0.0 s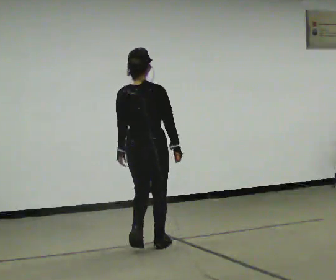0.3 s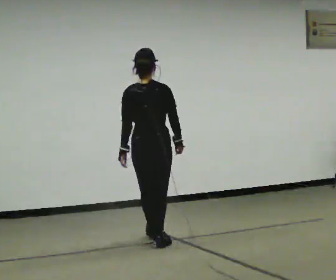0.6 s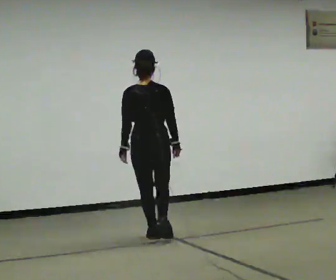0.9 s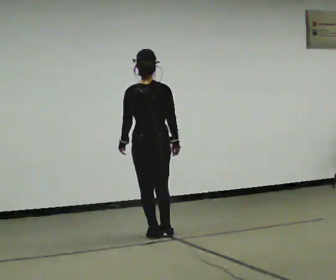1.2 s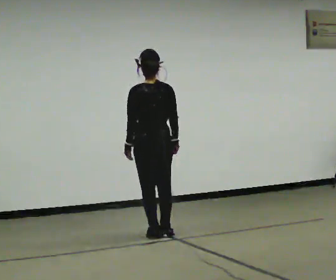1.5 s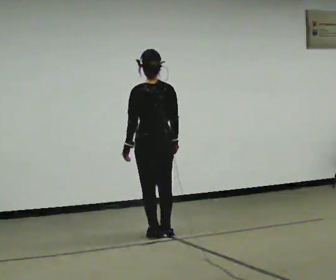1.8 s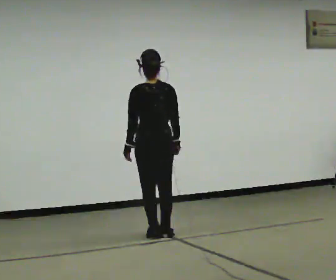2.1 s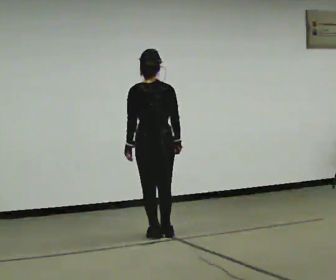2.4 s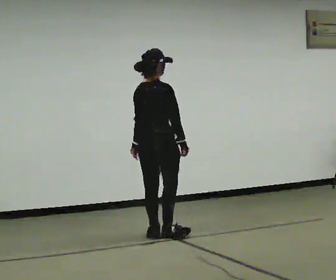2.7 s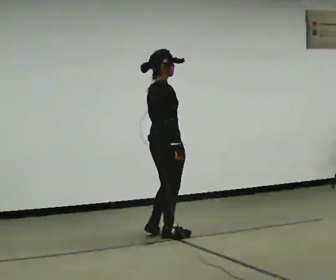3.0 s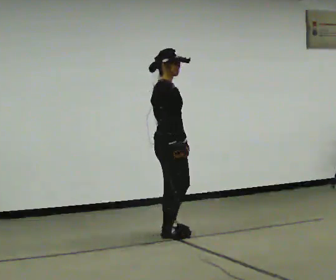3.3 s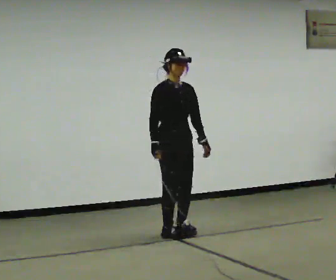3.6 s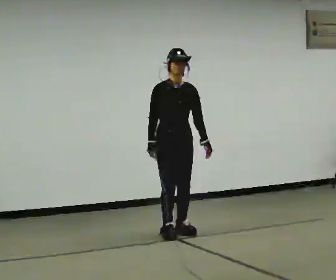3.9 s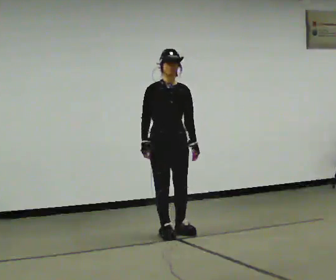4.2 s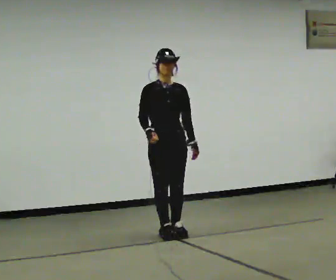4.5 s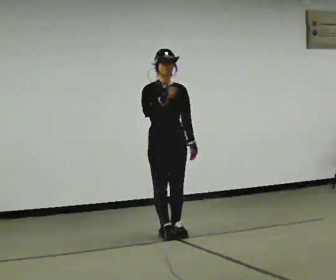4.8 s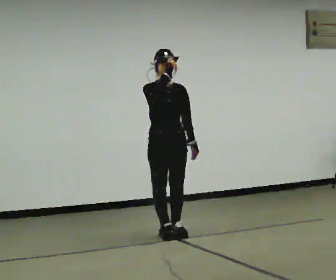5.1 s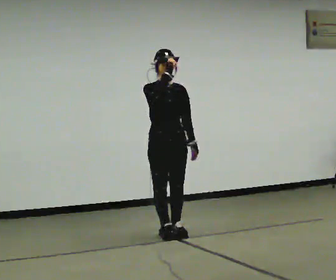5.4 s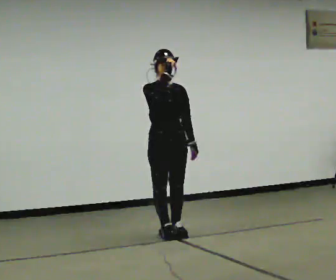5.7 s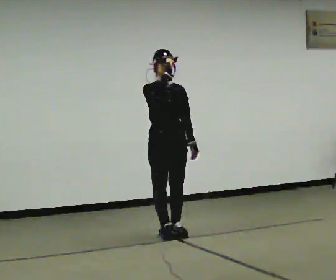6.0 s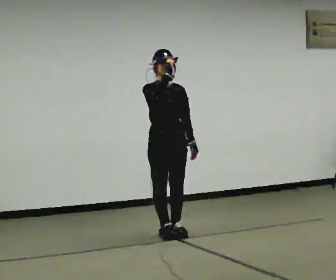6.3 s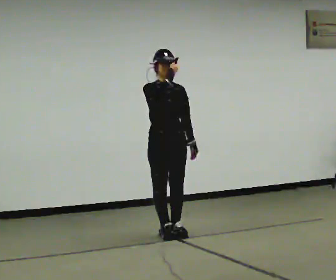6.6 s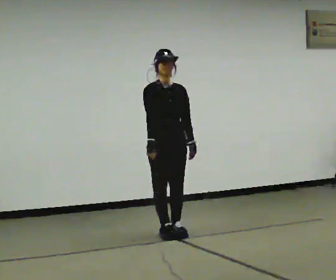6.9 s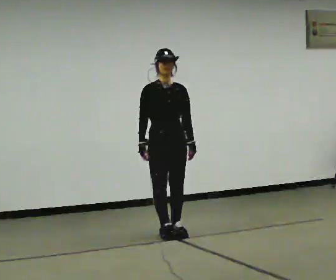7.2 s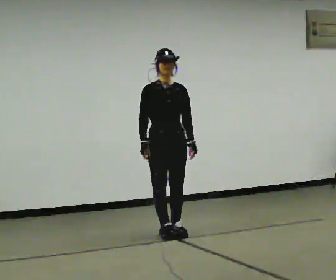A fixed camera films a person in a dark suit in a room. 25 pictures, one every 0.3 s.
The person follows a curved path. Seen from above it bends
clockwise.
0.0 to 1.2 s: The part of the body nearest the lens slides to the right as the person turns to their left by about 30 degrees. In the picture they go away from the camera, about 0.5 m in 2 steps, which for them is forward.
1.2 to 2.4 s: Seen from above the body turns clockwise, about 60 degrees: to their right, with its near side sliding to the left.
2.4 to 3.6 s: The person turns about 120 degrees to their right, clockwise seen from above, so the part of the body nearest the lens slides to the left. In the picture their left hand goes to the right, the arm swinging counterclockwise.
3.6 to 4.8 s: In the picture their right hand goes upward.
4.8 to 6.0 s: The person keeps their place and pose.
6.0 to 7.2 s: In the picture their right hand goes downward.
The film runs forward here.
